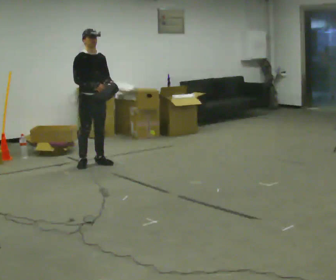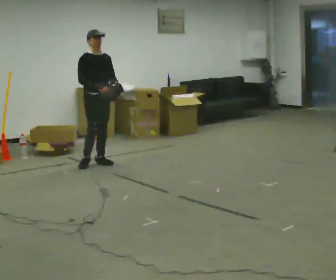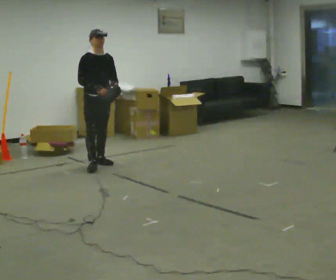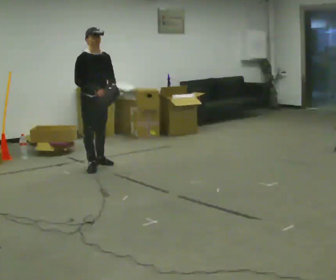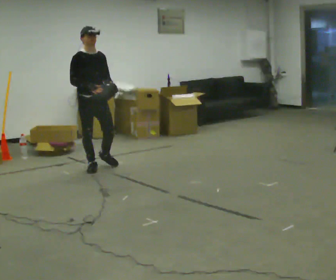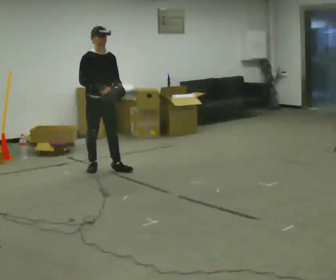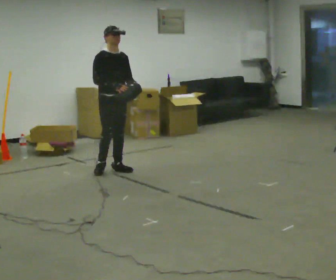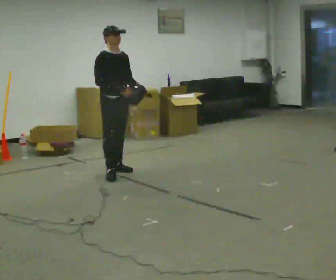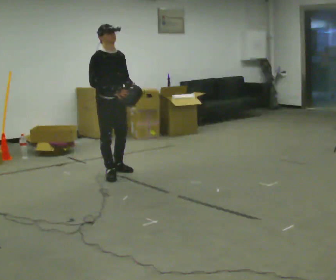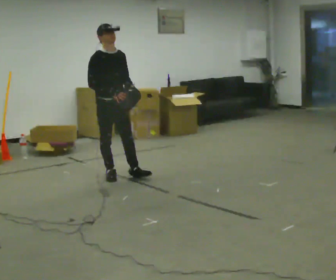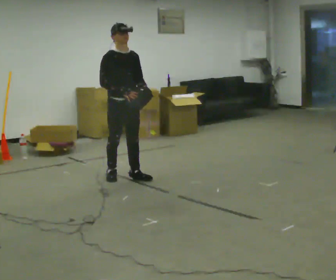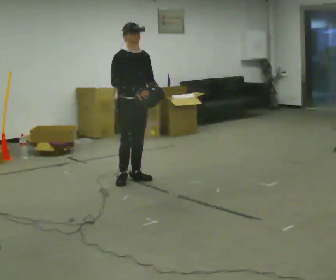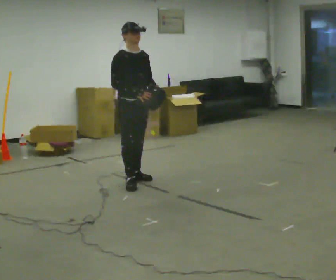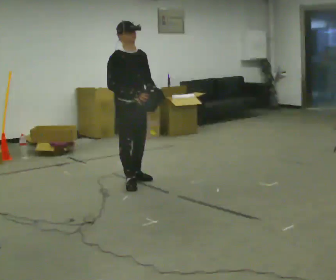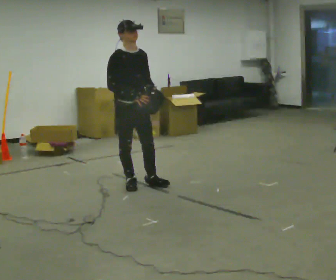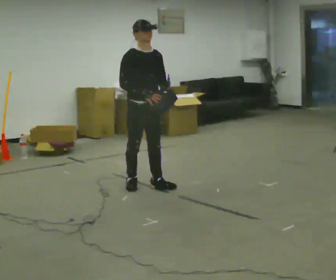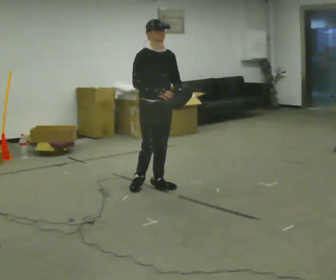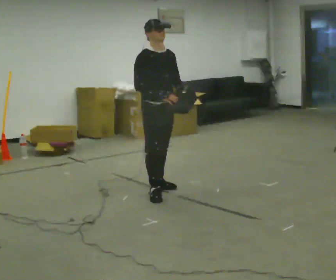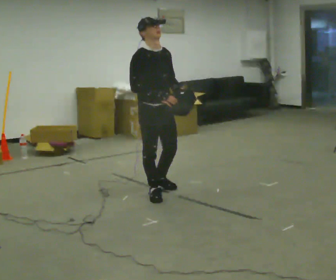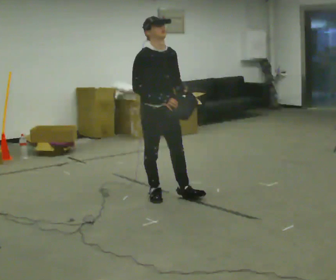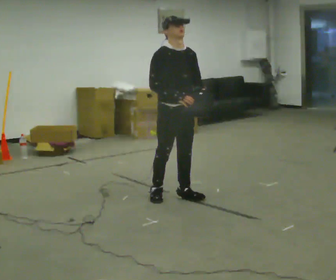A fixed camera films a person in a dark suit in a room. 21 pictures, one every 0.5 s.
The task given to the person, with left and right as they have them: Carry the lidded box and, while you are still walking, open the lid, then close it again. Repeat as you walk back and forth. Do not stop to do it.
0.0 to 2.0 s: In the picture they go toward the camera, about 0.25 m in 1 step, which for them is forward and to their right.
2.0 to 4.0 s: In the picture they go toward the camera and to the right, about 0.5 m in 2 steps, which for them is forward.
4.0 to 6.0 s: In the picture they go toward the camera and to the right, about 0.25 m in 2 steps, which for them is forward.
6.0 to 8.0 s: In the picture they go toward the camera and to the right, about 0.25 m in 1 step, which for them is forward.
8.0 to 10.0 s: In the picture they go toward the camera, about 0.5 m in 2 steps, which for them is forward.
The film runs forward here.
